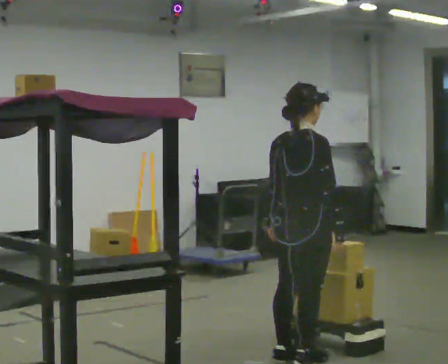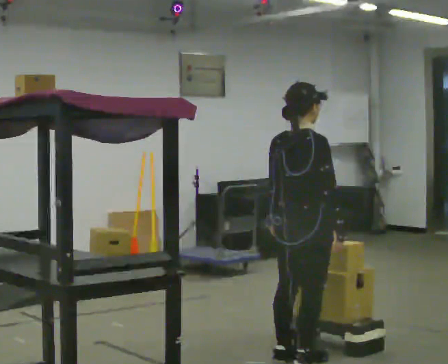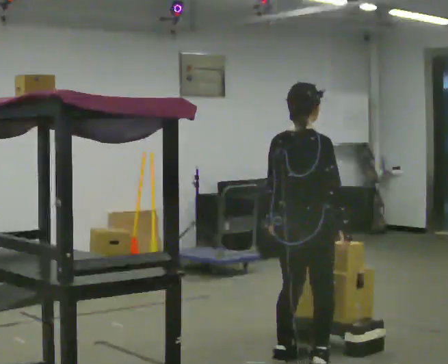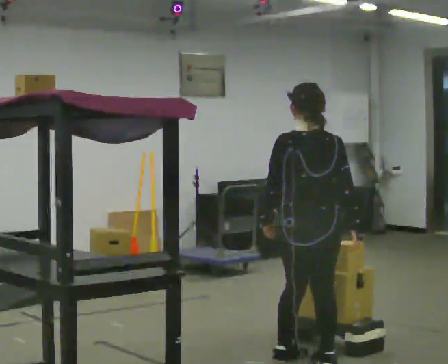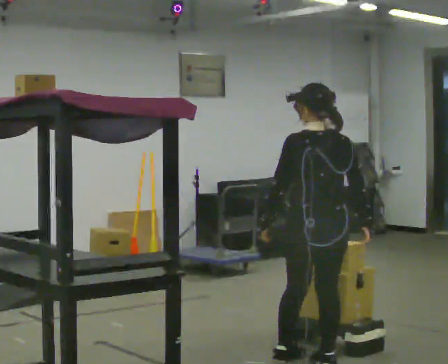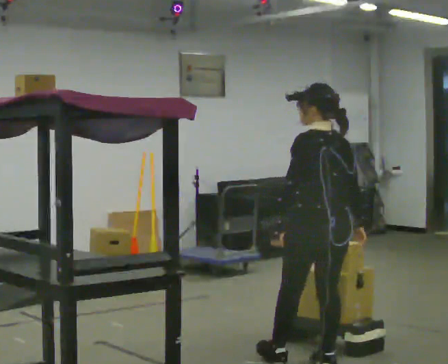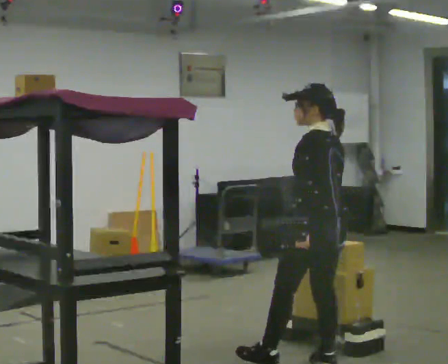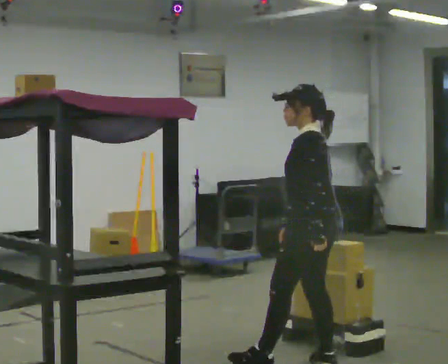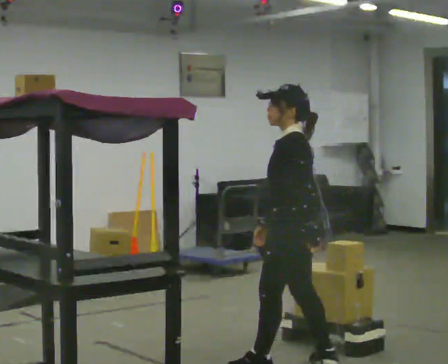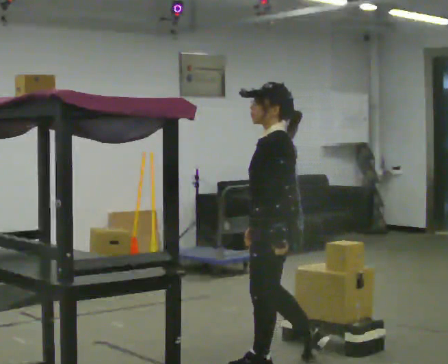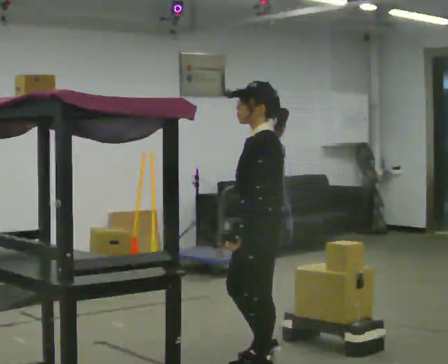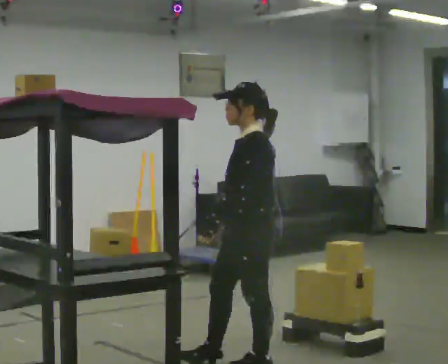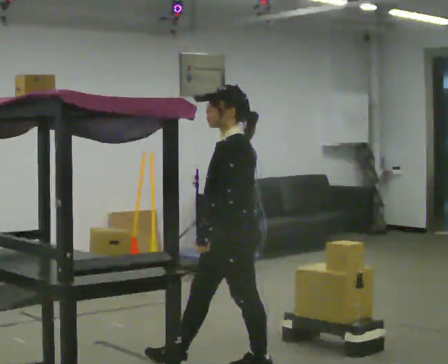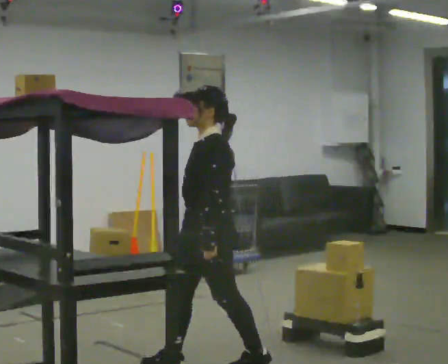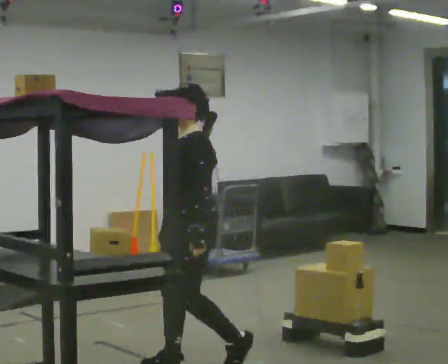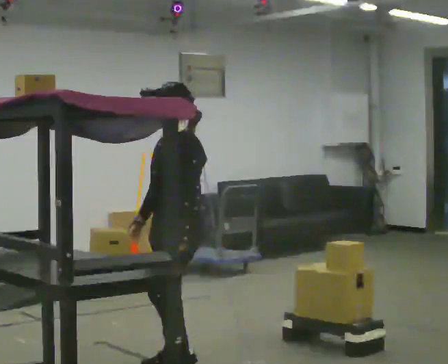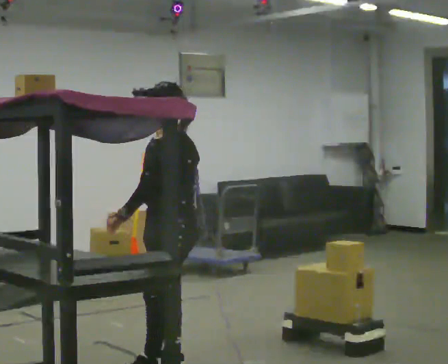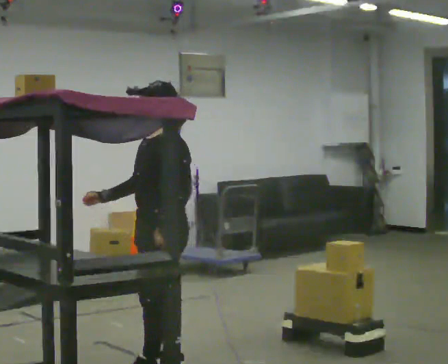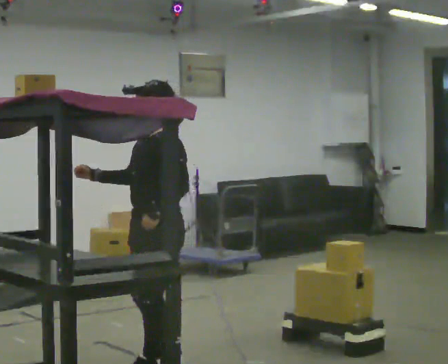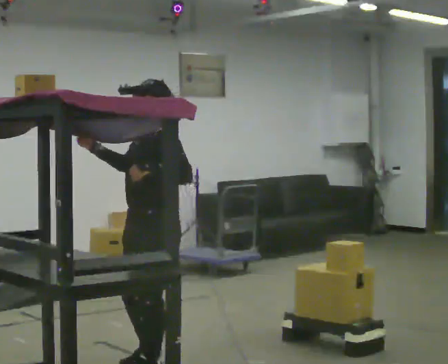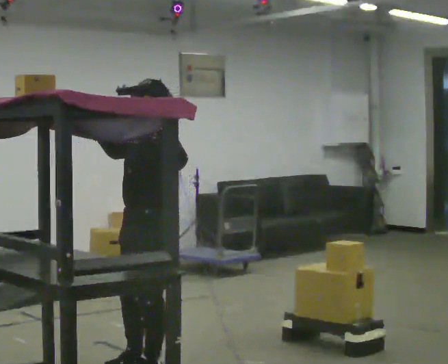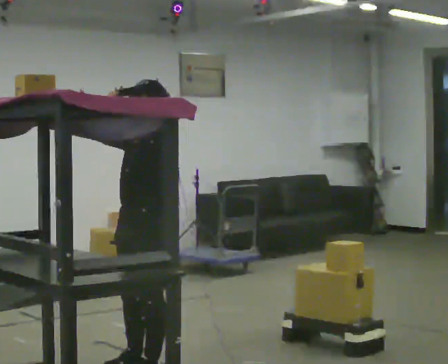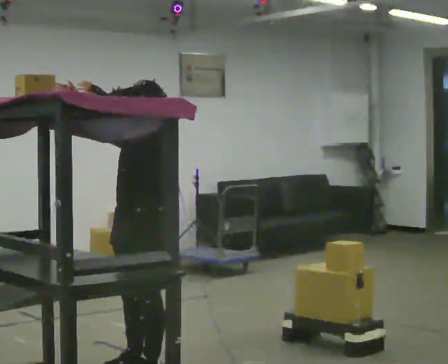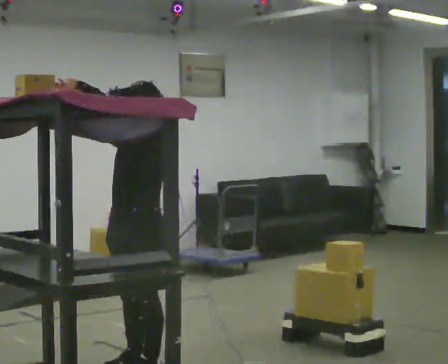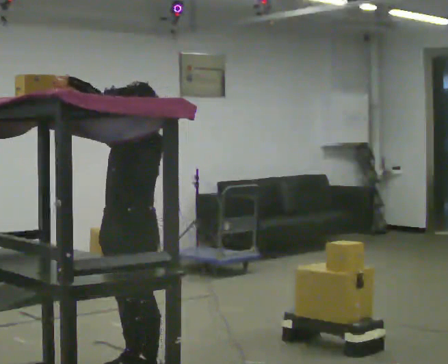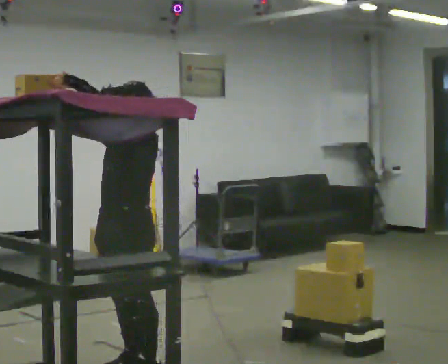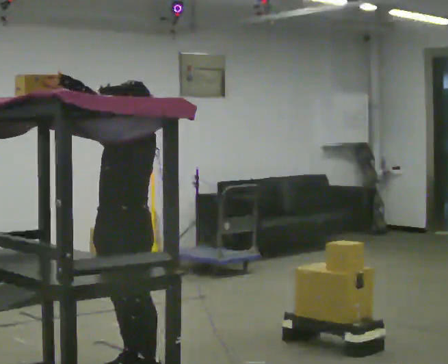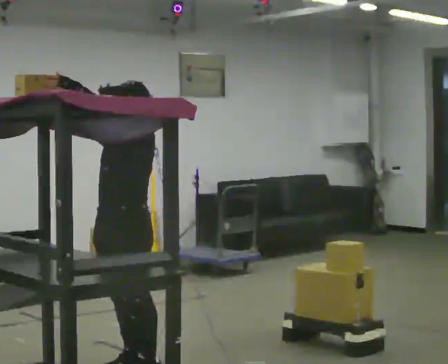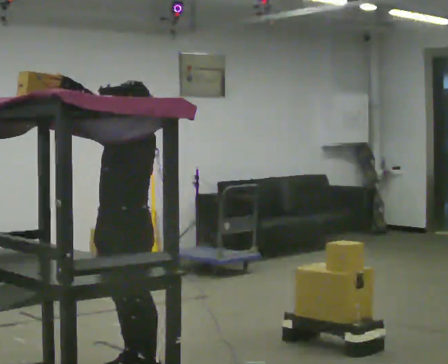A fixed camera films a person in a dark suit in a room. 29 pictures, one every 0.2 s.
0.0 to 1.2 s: The part of the body nearest the lens slides to the right as the person turns to their left by about 105 degrees. In the picture they go toward the camera, about 0.25 m in 1 step.
1.2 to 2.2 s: The person turns about 45 degrees to their left, counterclockwise seen from above, so the part of the body nearest the lens slides to the right. In the picture they go to the left, about 0.5 m in 1 step, which for them is forward.
2.2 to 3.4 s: In the picture they go to the left, about 0.5 m in 2 steps, which for them is forward.
3.4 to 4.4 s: In the picture their left hand goes upward and to the left.
4.4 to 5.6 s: The person moves a little, or ends about where they began.
The film runs forward here.
